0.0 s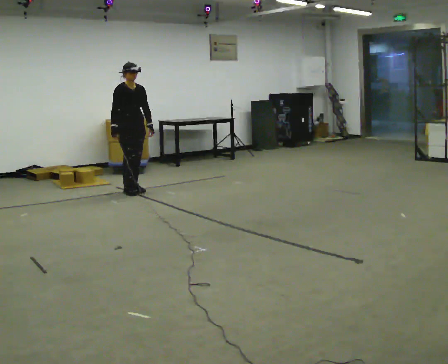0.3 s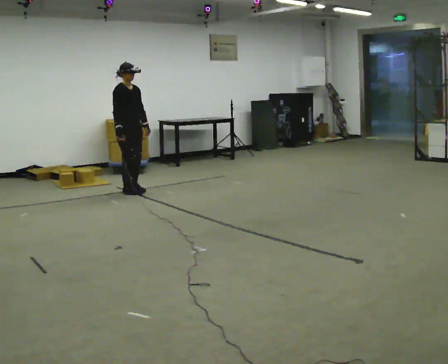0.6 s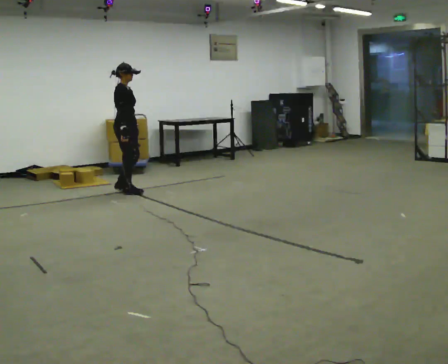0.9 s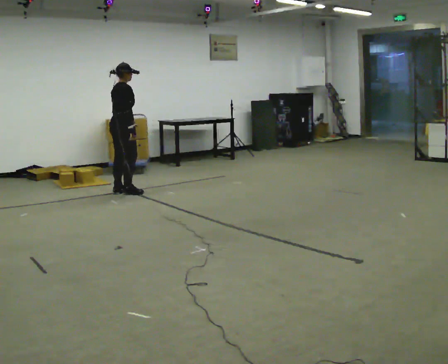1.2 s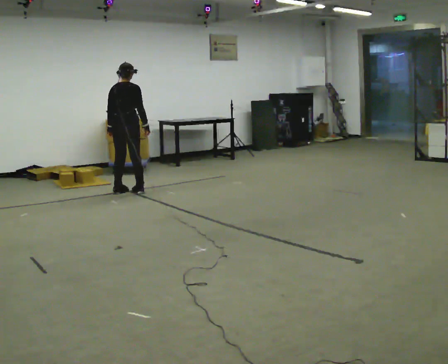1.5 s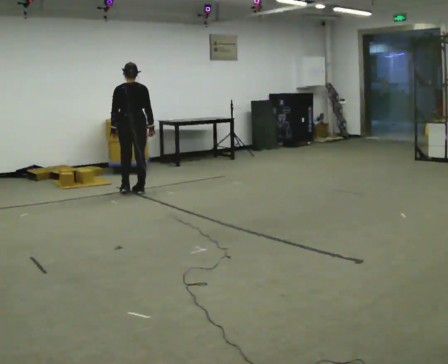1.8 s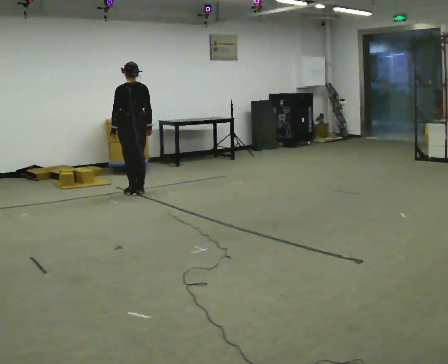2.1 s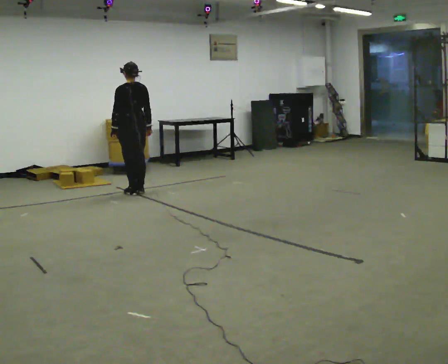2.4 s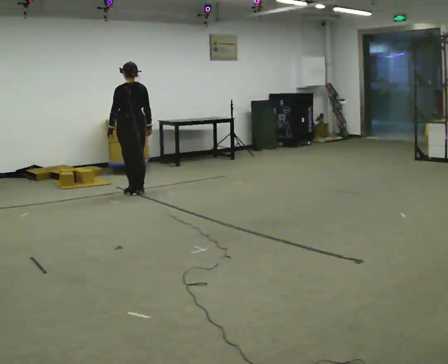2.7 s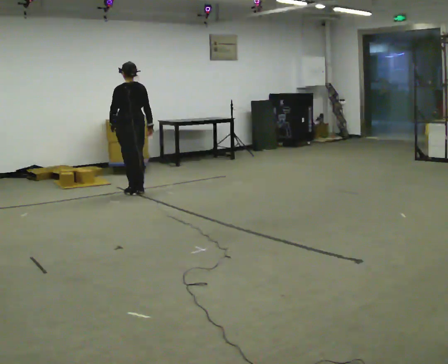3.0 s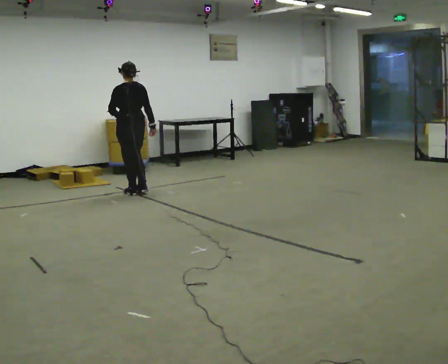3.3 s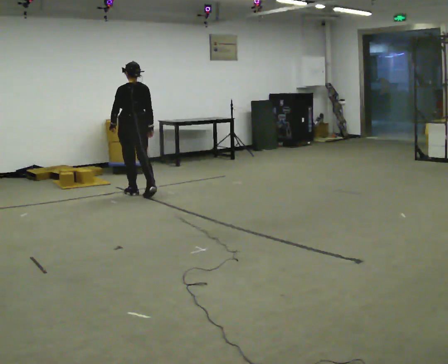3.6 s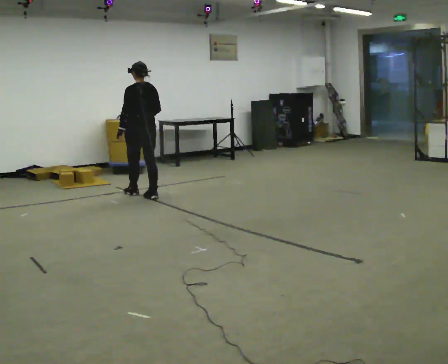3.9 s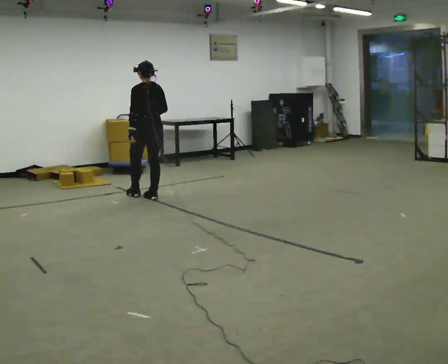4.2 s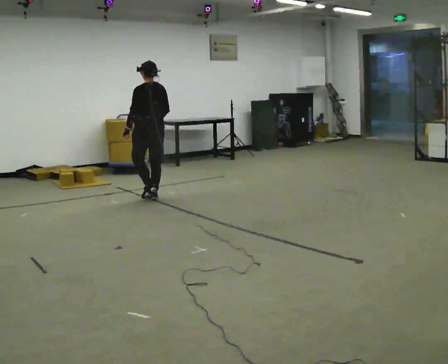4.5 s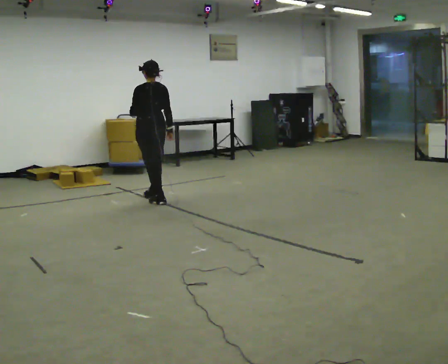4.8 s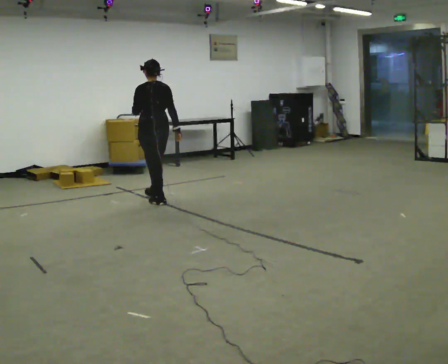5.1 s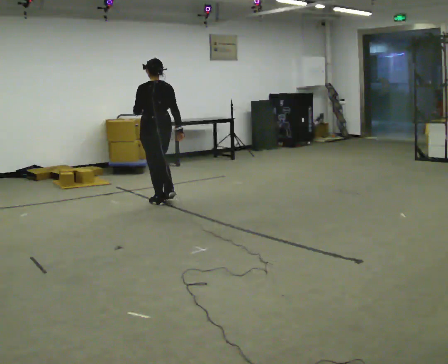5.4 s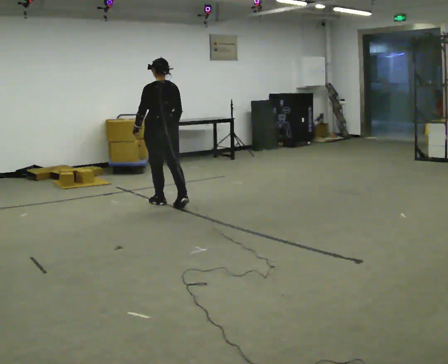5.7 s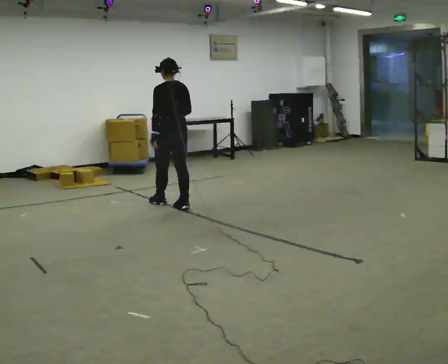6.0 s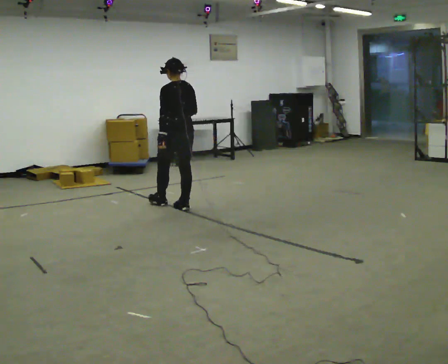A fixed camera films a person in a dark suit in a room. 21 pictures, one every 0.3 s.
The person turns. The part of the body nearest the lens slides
to the right.
The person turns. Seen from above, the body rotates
counterclockwise.
0.0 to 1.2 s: The person turns about 120 degrees to their left, counterclockwise seen from above, so the part of the body nearest the lens slides to the right. In the picture their right hand goes to the right, the arm swinging counterclockwise.
1.2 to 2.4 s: The person turns about 60 degrees to their left, counterclockwise seen from above, so the part of the body nearest the lens slides to the right.
2.4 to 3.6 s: In the picture they go toward the camera, about 0.25 m in 1 step, which for them is backward.
3.6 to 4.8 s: In the picture they go toward the camera, about 0.5 m in 1 step, which for them is backward.
4.8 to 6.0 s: In the picture they go toward the camera and to the right, about 0.25 m in 2 steps, which for them is backward.
The film runs backward here.
